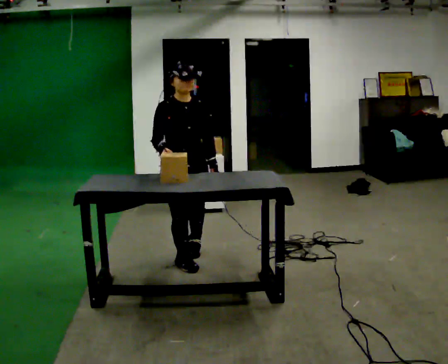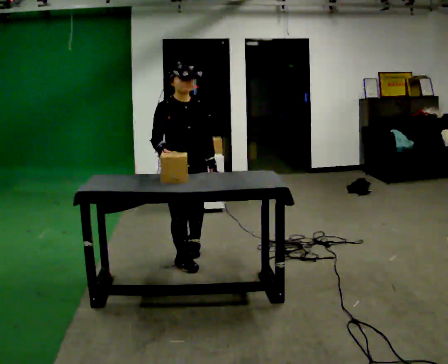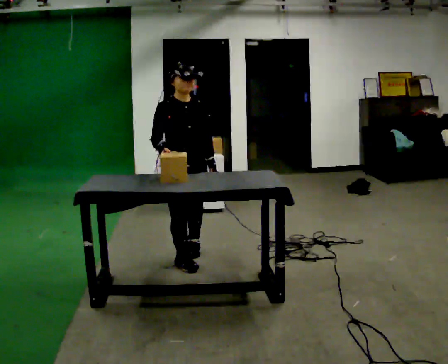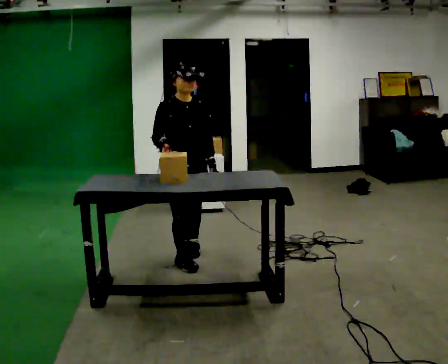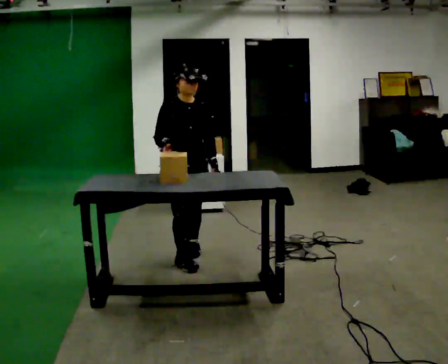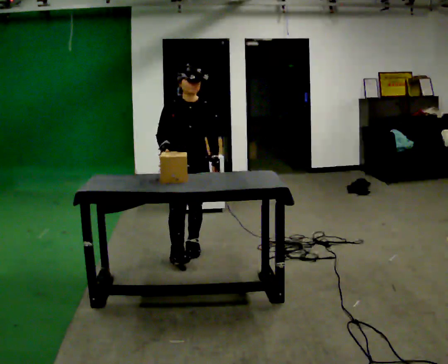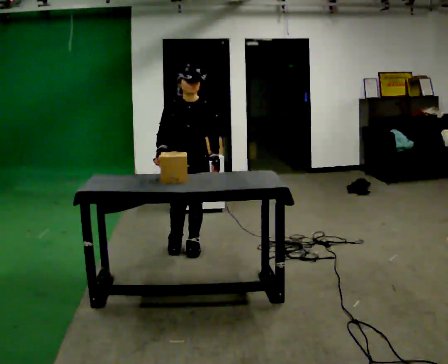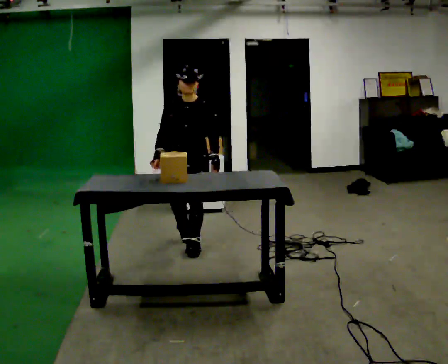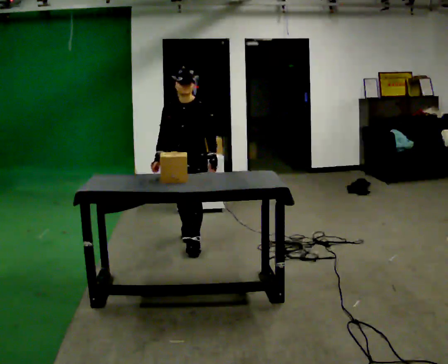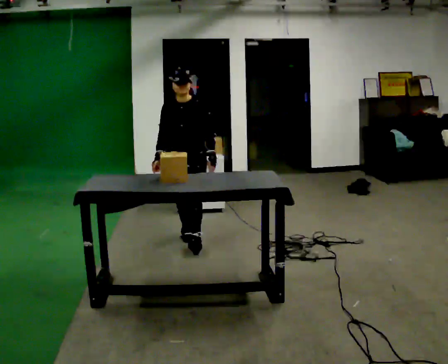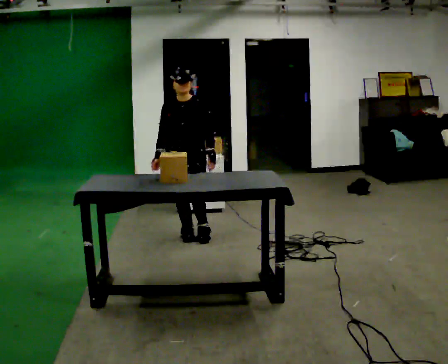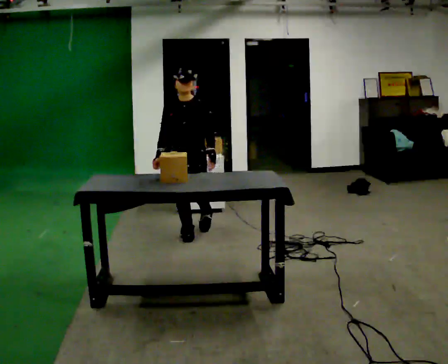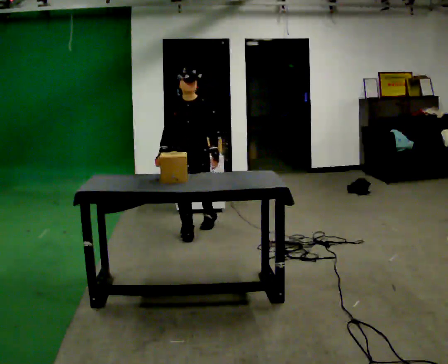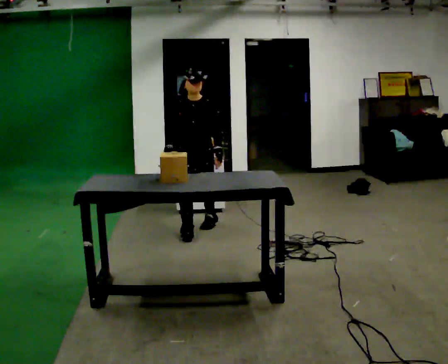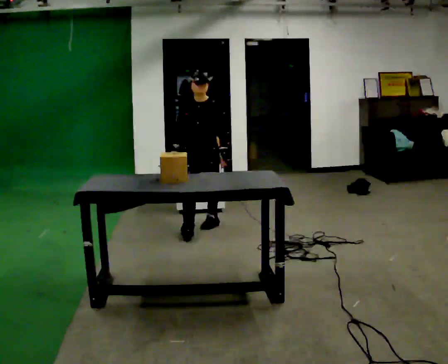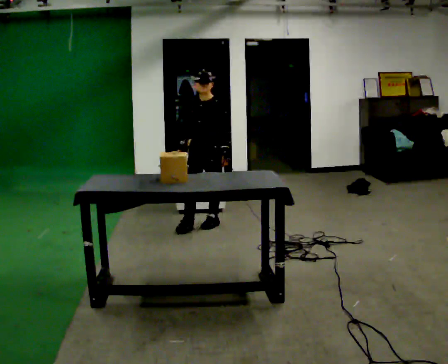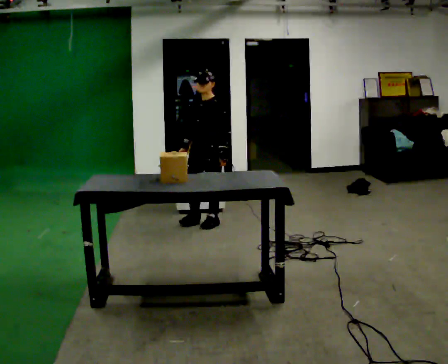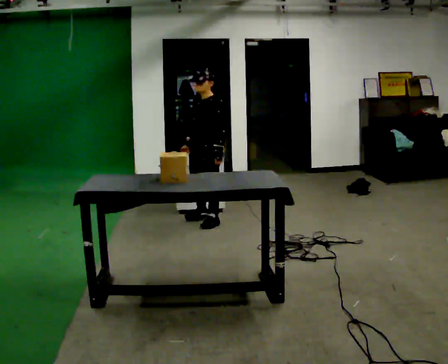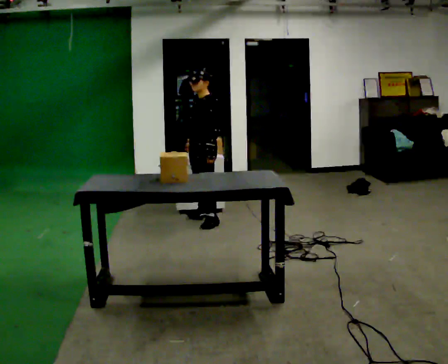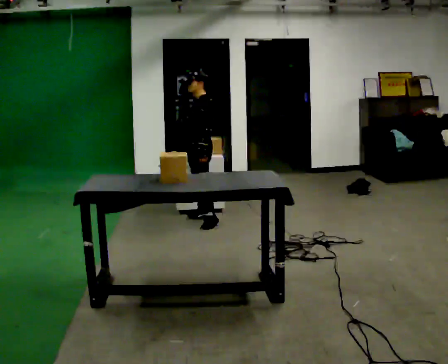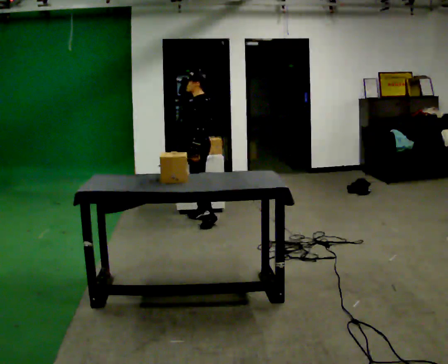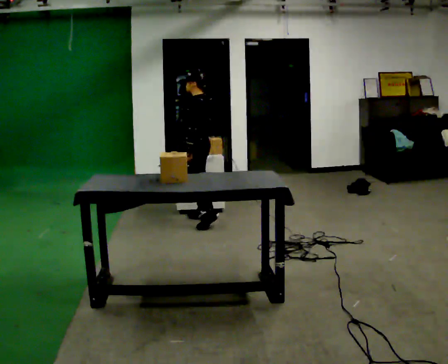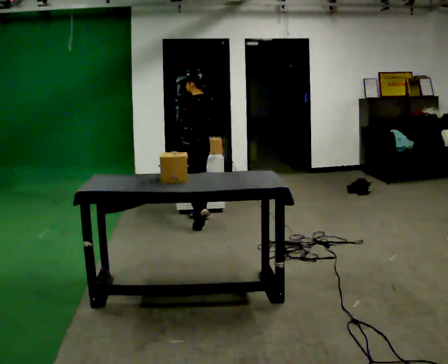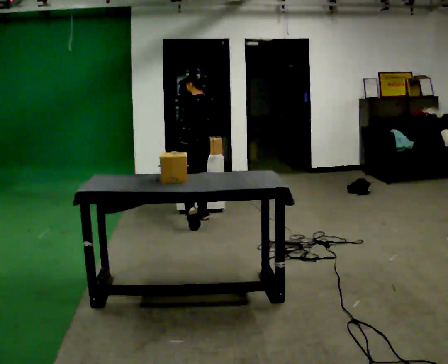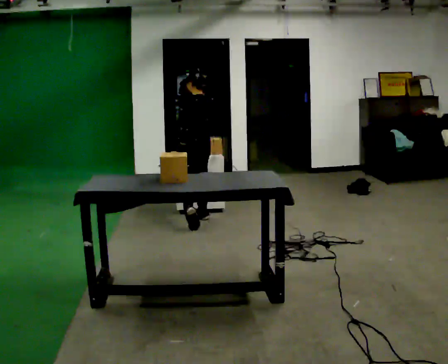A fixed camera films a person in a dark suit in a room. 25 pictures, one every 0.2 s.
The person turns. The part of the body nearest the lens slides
to the left.
The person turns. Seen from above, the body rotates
clockwise.
0.0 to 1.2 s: In the picture they go away from the camera, about 0.25 m in 1 step, which for them is backward and to their left.
1.2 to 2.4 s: In the picture they go away from the camera, about 0.5 m in 1 step, which for them is backward.
2.4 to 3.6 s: Seen from above the body turns clockwise, about 75 degrees: to their right, with its near side sliding to the left. In the picture they go away from the camera, about 0.5 m in 1 step.
3.6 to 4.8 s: Seen from above the body turns clockwise, about 60 degrees: to their right, with its near side sliding to the left.
The film runs backward here.
